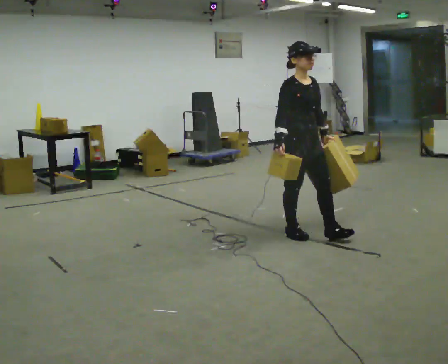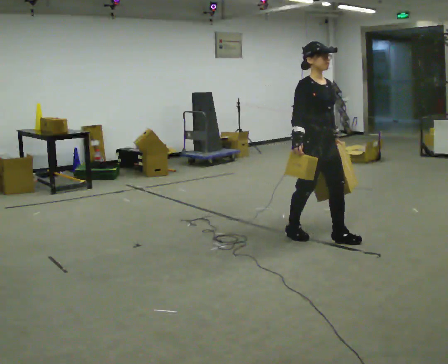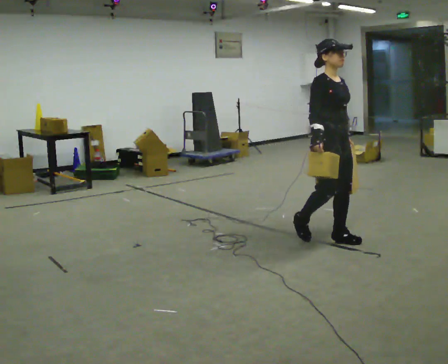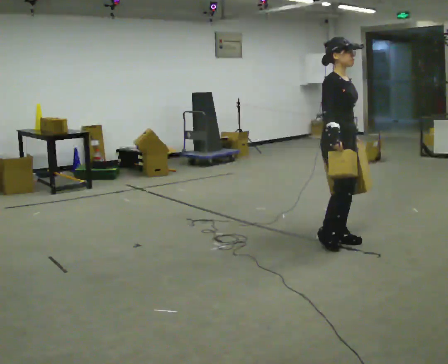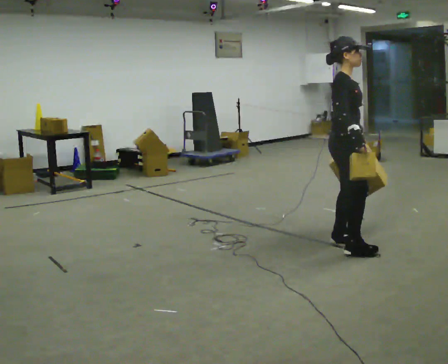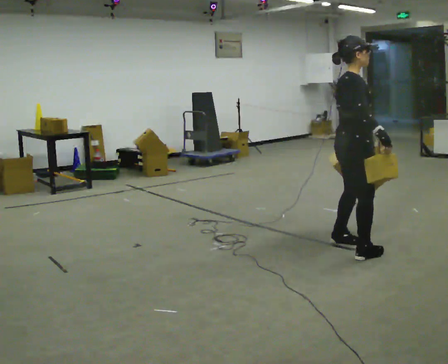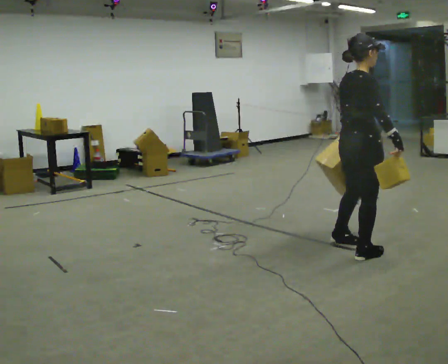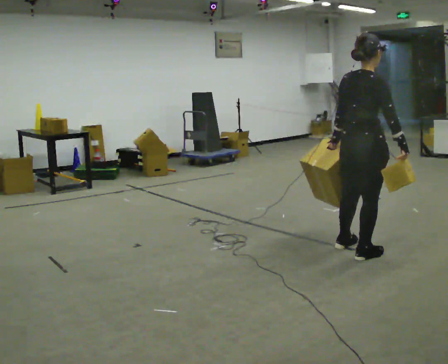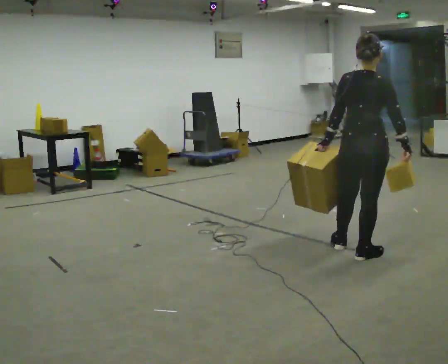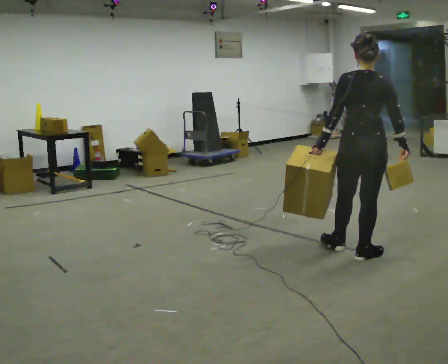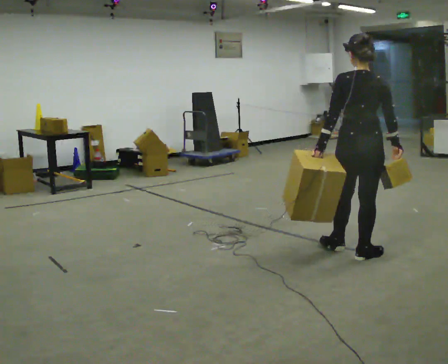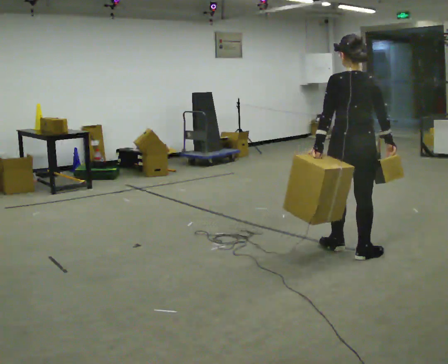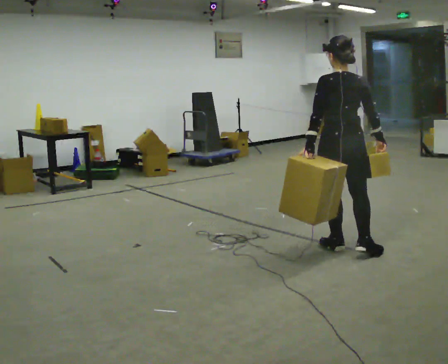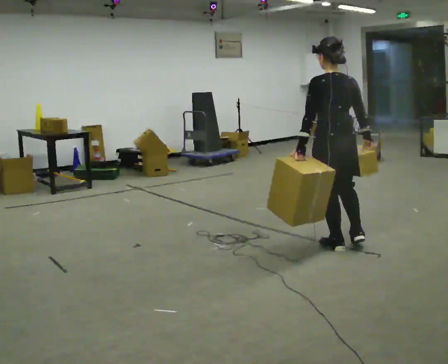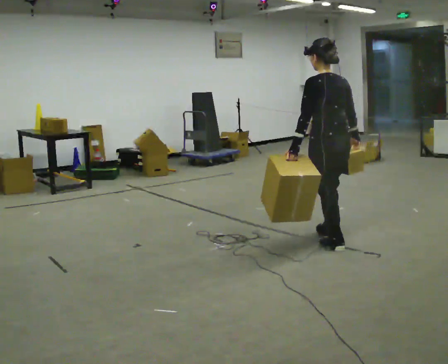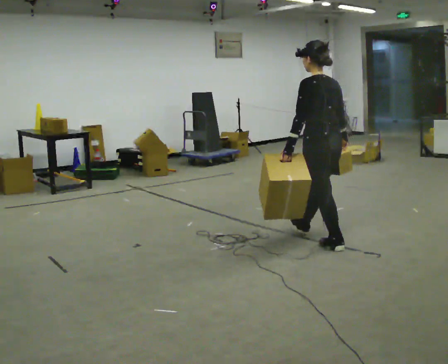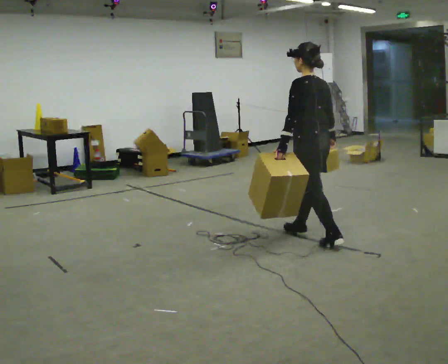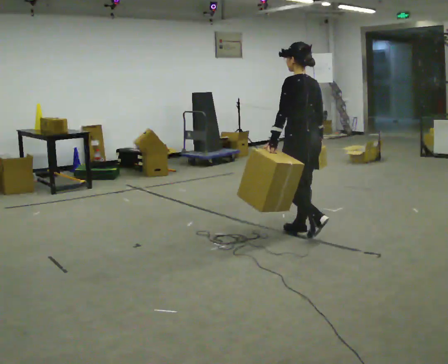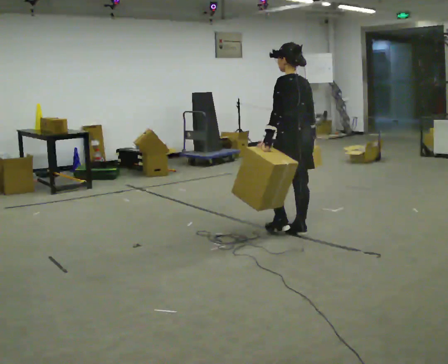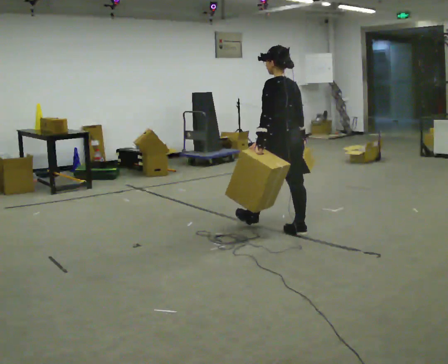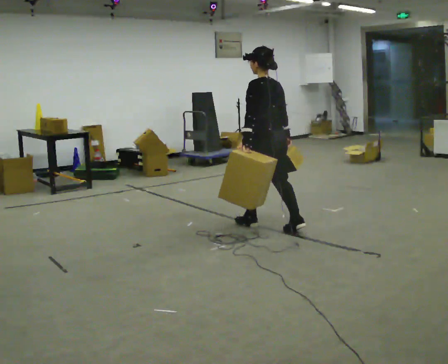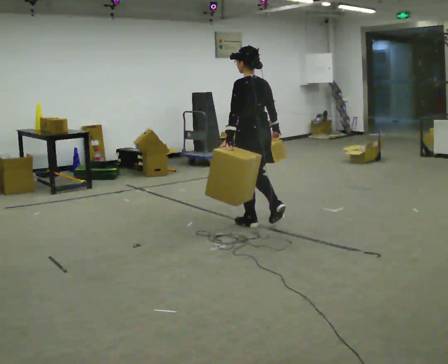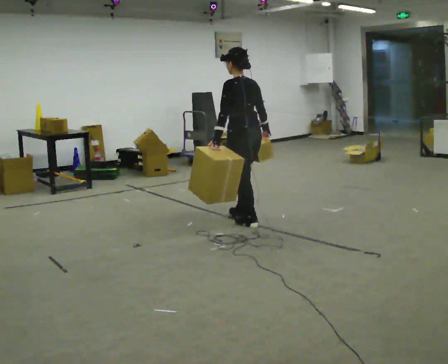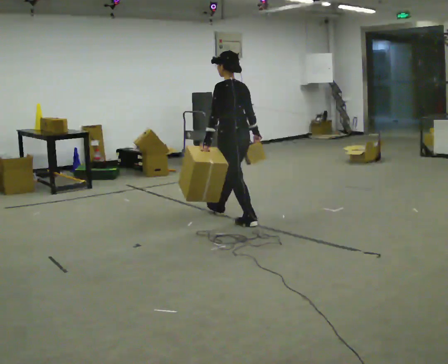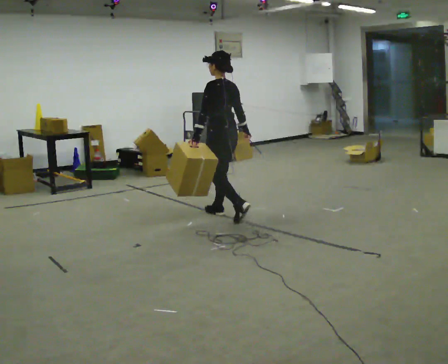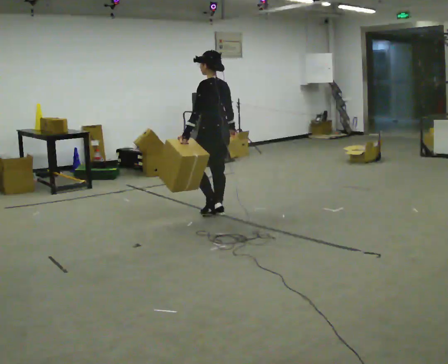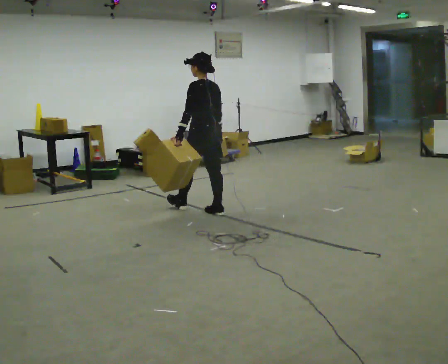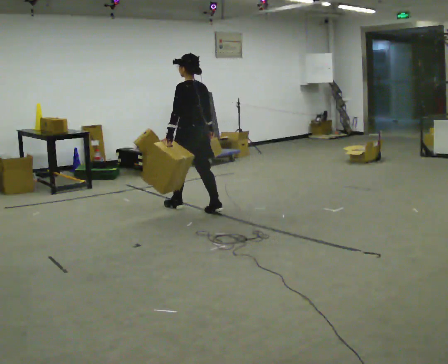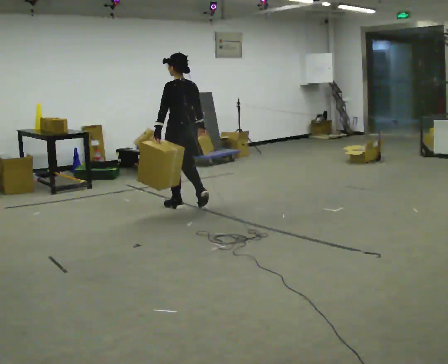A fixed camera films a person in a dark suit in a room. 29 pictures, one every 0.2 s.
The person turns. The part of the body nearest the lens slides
to the right.
The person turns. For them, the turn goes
to their left.
0.0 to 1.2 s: Seen from above the body turns counterclockwise, about 90 degrees: to their left, with its near side sliding to the right. In the picture they go toward the camera and to the right, about 0.5 m in 1 step.
1.2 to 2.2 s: The part of the body nearest the lens slides to the right as the person turns to their left by about 60 degrees.
2.2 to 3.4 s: Seen from above the body turns counterclockwise, about 45 degrees: to their left, with its near side sliding to the right. In the picture they go away from the camera and to the left, about 0.5 m in 1 step, which for them is forward.
3.4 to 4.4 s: In the picture they go to the left and away from the camera, about 0.5 m in 1 step, which for them is forward.
4.4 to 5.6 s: In the picture they go to the left and away from the camera, about 1 m in 2 steps, which for them is forward.
The film runs forward here.
